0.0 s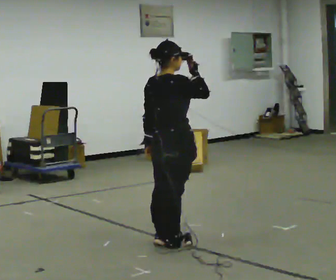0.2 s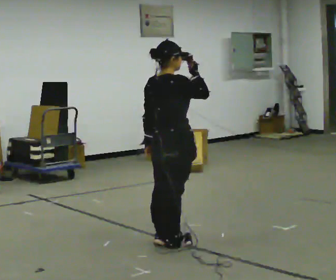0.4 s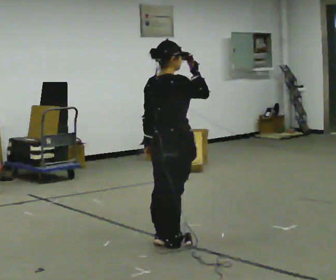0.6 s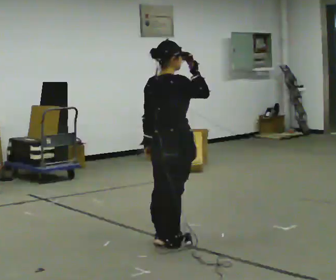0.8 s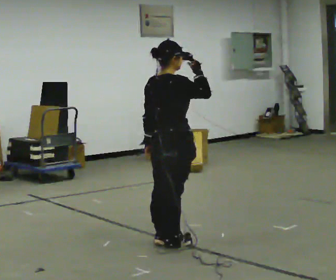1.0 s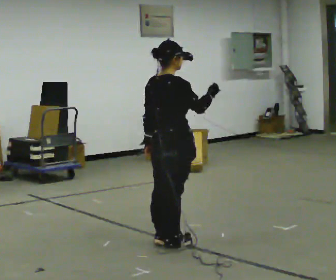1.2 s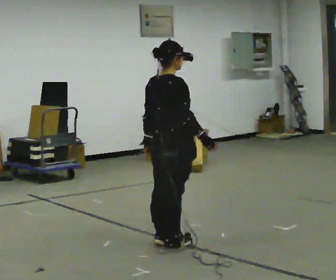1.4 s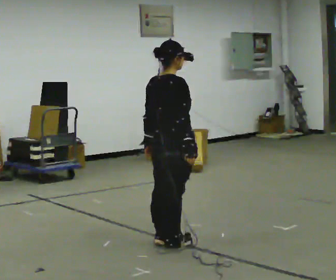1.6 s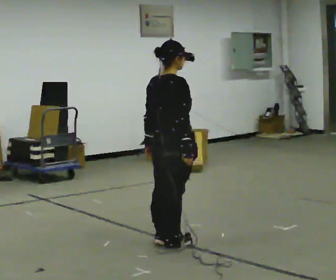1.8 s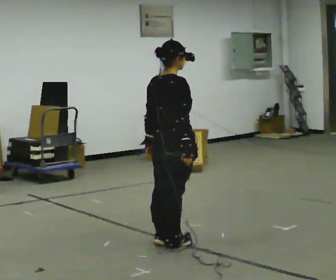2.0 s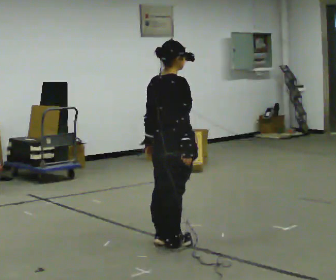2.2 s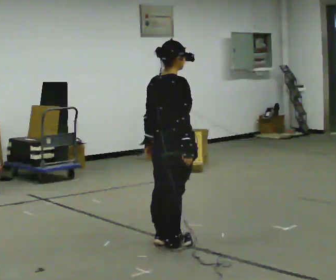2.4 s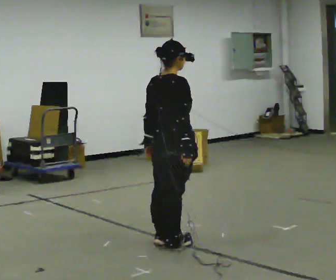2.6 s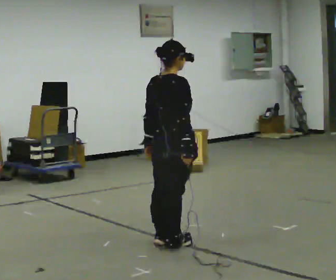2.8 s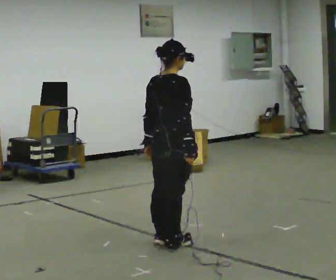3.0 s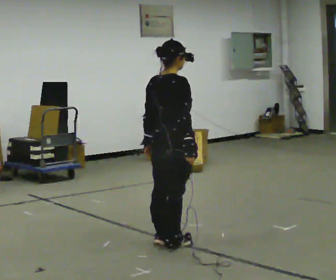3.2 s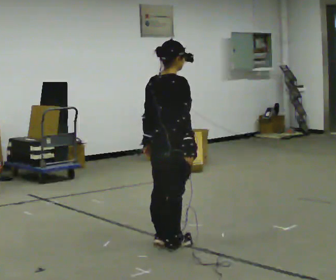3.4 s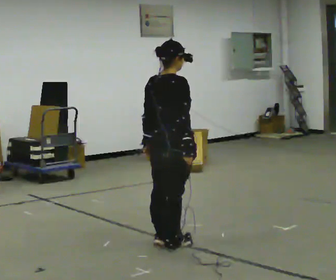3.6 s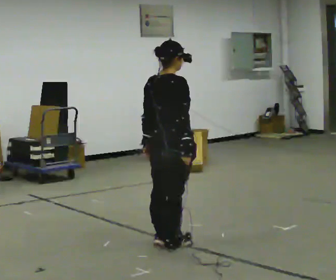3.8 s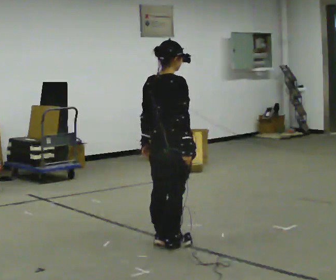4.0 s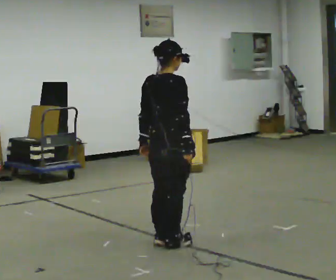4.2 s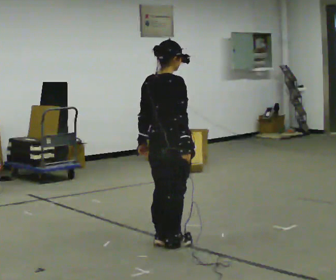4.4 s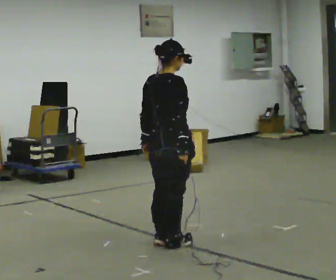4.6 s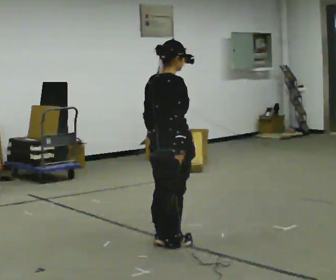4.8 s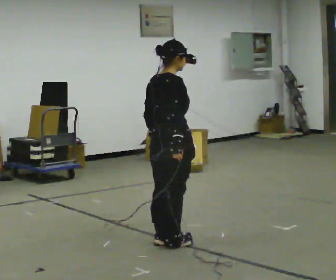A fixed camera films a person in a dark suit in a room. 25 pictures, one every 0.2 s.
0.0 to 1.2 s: In the picture their right hand goes downward.
1.2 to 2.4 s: The person moves a little, or ends about where they began.
2.4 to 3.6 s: The person keeps their place and pose.
3.6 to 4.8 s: The person moves a little, or ends about where they began.
The film runs backward here.
